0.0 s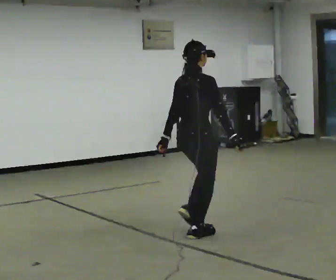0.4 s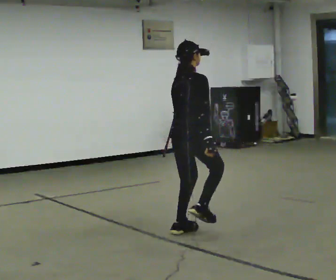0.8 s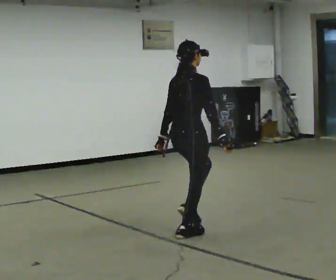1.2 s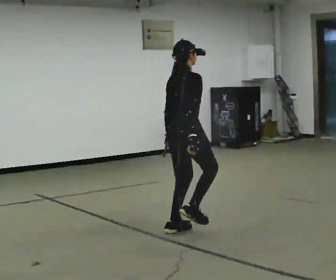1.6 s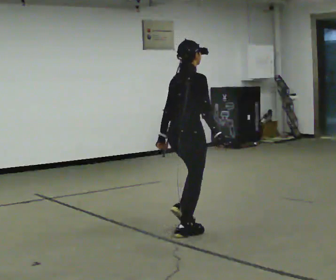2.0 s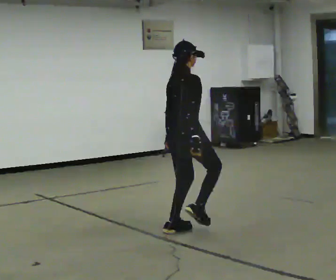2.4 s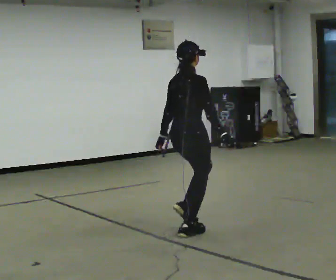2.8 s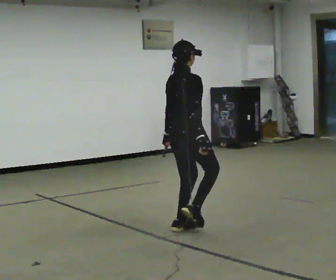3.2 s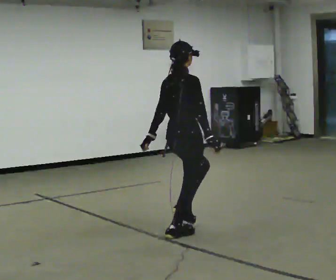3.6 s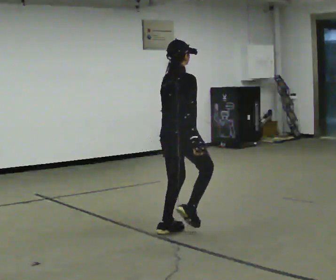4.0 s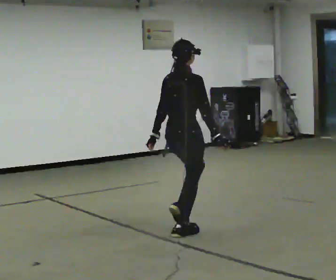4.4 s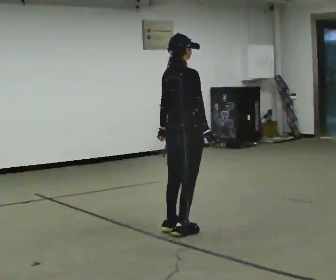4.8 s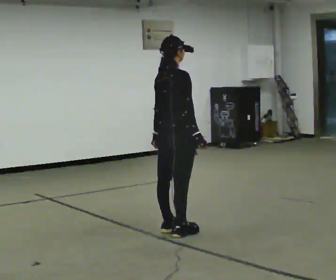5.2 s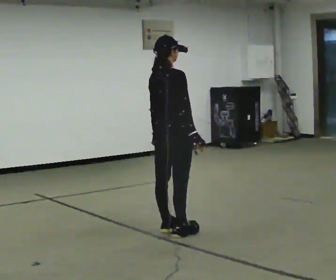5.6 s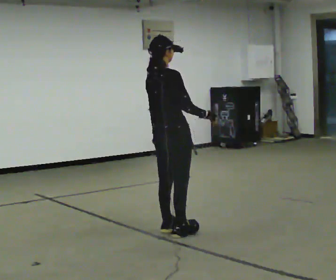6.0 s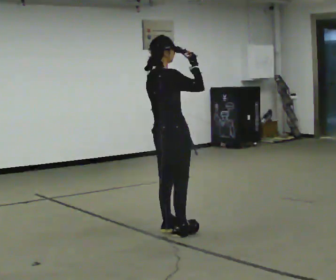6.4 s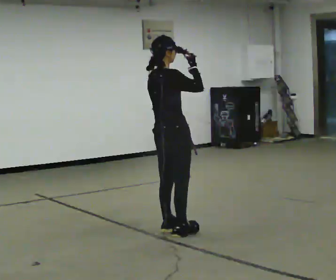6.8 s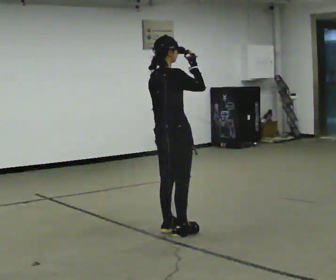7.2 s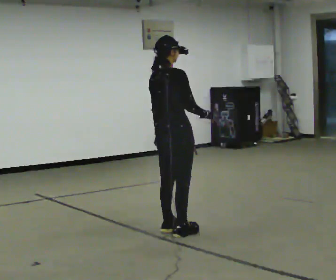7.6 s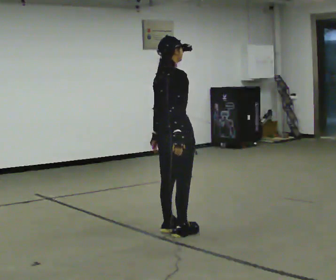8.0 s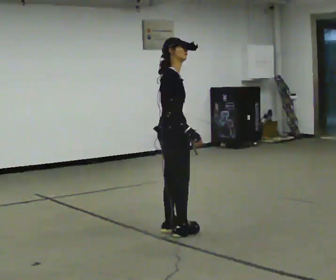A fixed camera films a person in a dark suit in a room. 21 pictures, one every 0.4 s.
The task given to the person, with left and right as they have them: Move your feet as fast as you can on the spot with small quick steps, until the operator says stop.
0.0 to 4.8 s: In the picture they go to the left, about 0.25 m in 1 step, which for them is to their left.
4.8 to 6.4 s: In the picture their right hand goes upward.
6.4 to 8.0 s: Seen from above the body turns clockwise, about 30 degrees: to their right, with its near side sliding to the left. In the picture their right hand goes downward.
The film runs forward here.
